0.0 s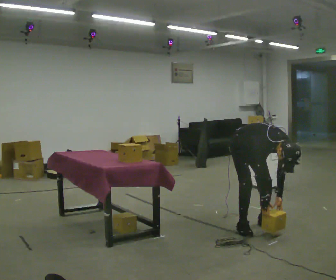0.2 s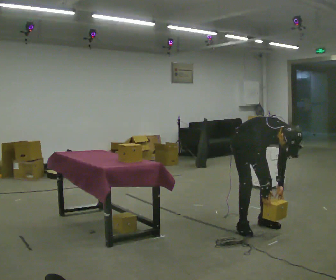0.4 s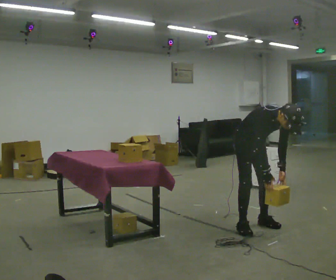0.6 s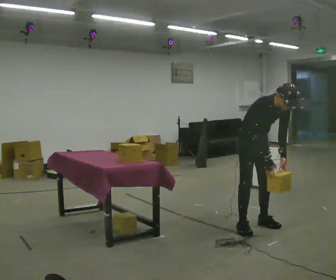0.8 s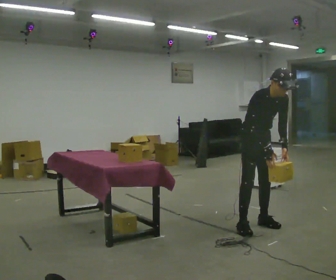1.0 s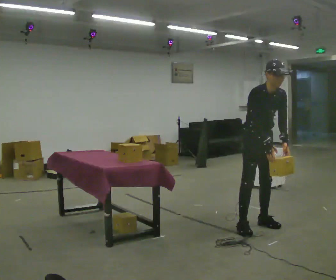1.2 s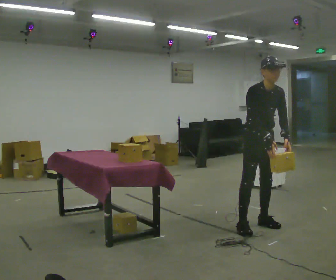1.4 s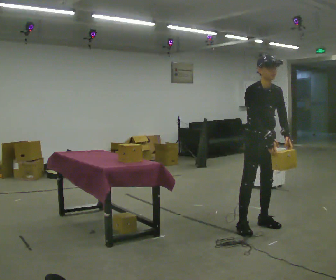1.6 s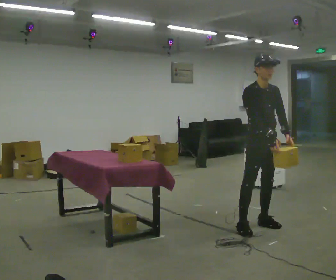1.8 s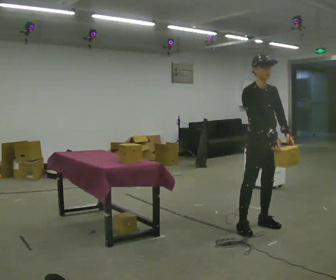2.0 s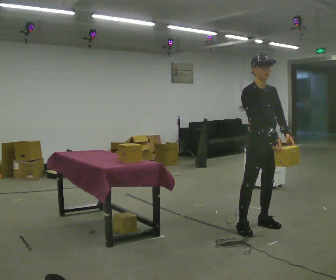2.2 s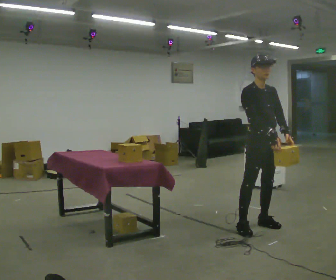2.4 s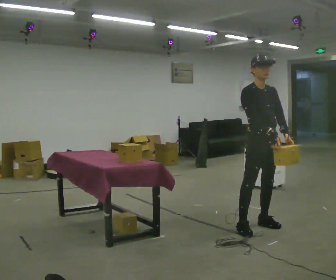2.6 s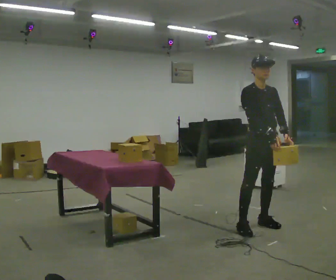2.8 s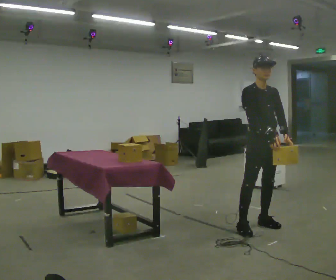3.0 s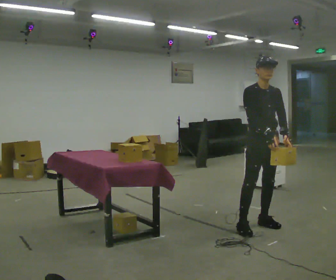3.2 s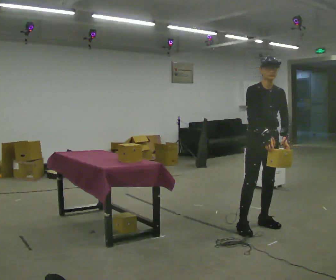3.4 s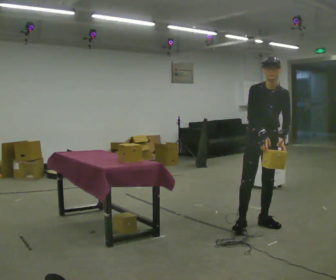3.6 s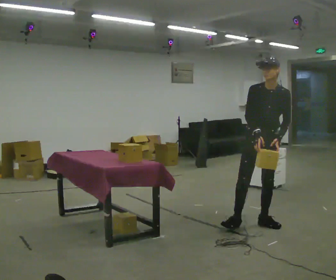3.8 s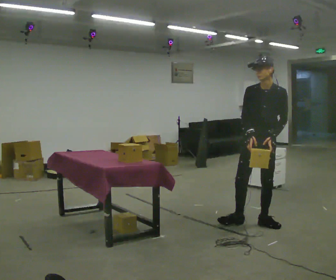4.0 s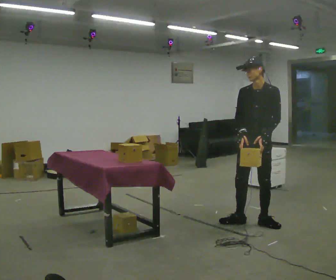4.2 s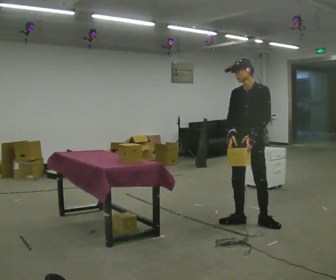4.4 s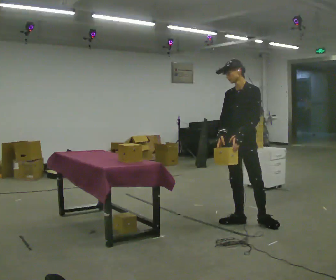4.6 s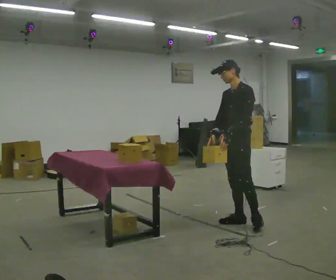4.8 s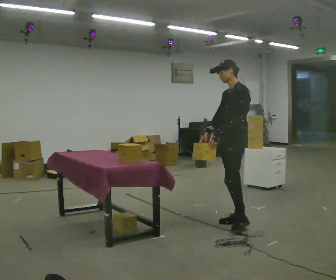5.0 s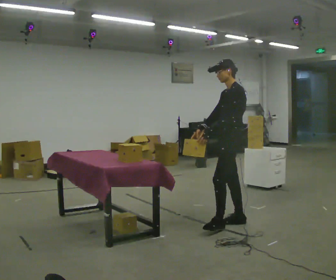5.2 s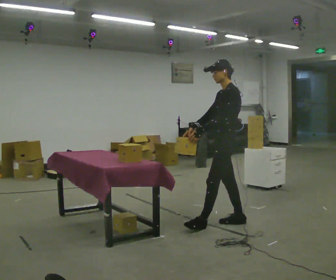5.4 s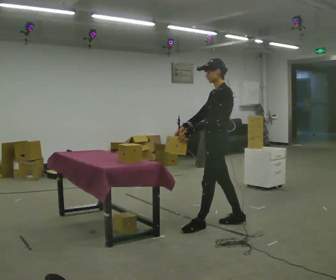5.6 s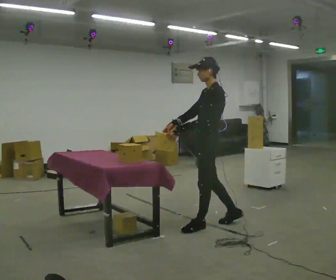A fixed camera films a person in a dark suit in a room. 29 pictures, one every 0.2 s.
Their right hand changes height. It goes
upward.
Their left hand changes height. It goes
upward.
0.0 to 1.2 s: The shoulders move upward. In the picture the upper body tilts counterclockwise, shoulders to the left, as they lean back or straighten. In the picture their left hand goes upward.
1.2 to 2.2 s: In the picture the upper body tilts counterclockwise, shoulders to the left, as they lean back or straighten.
2.2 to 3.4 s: The person turns about 30 degrees to their right, clockwise seen from above, so the part of the body nearest the lens slides to the left. In the picture they go away from the camera, about 0.25 m. In the picture the upper body tilts clockwise, shoulders to the right.
3.4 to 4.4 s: Seen from above the body turns clockwise, about 45 degrees: to their right, with its near side sliding to the left. In the picture they go to the left, about 0.25 m in 1 step, which for them is to their right. In the picture their left hand goes to the left.
4.4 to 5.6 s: The person turns about 45 degrees to their right, clockwise seen from above, so the part of the body nearest the lens slides to the left. In the picture they go to the left and toward the camera, about 0.25 m in 1 step, which for them is forward.
The film runs forward here.
